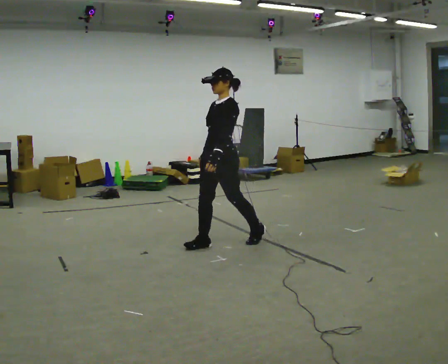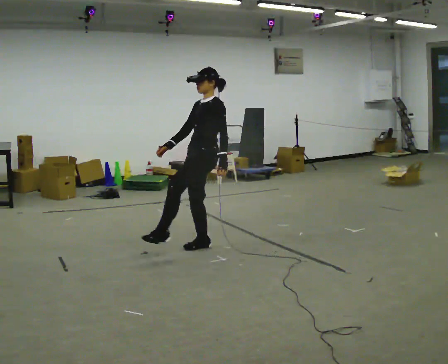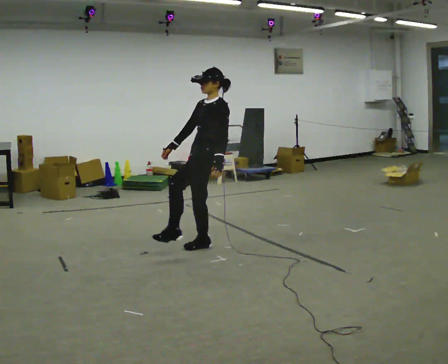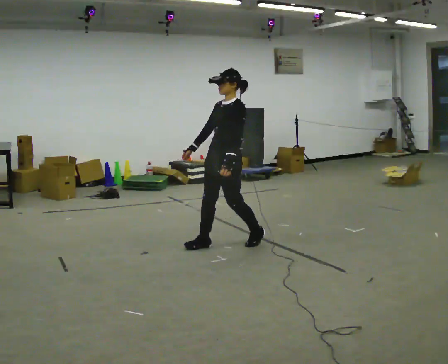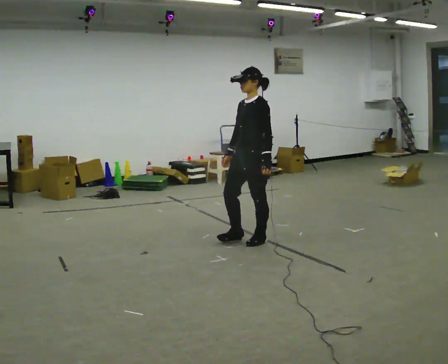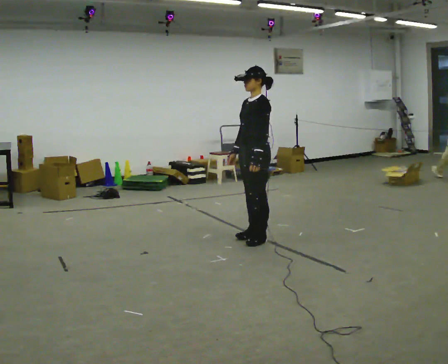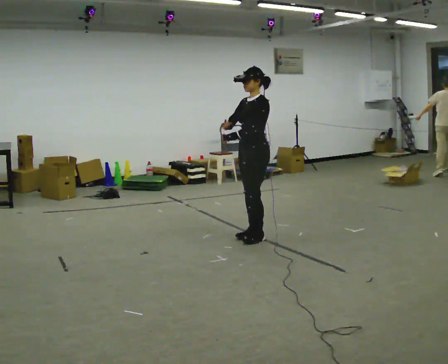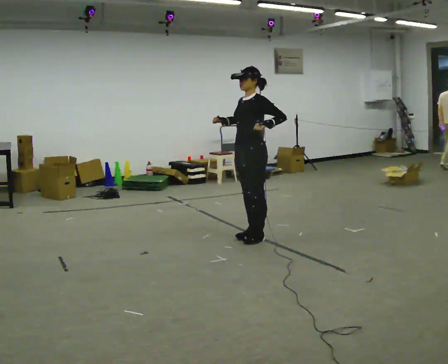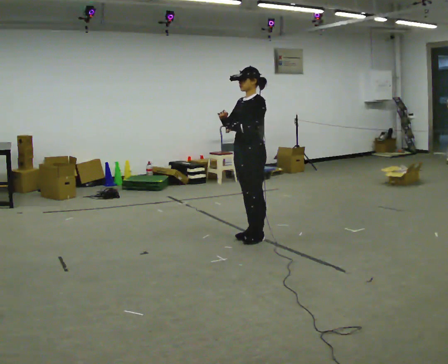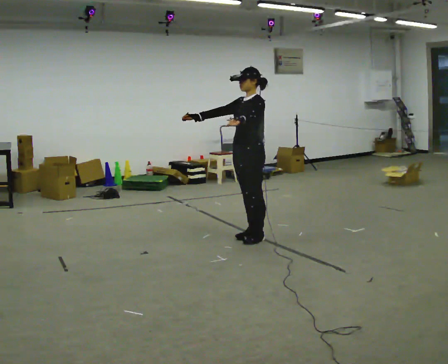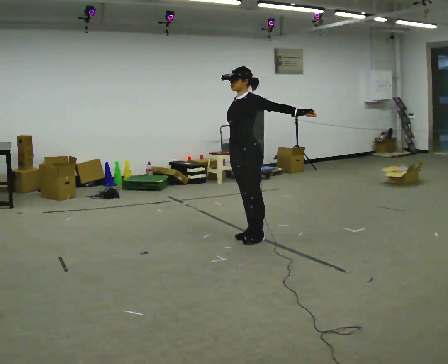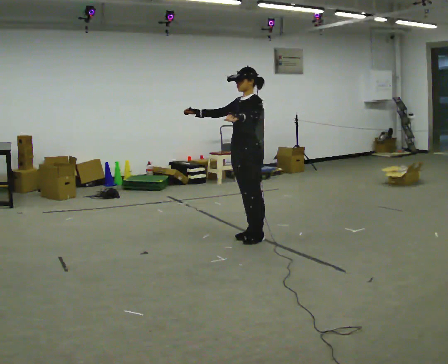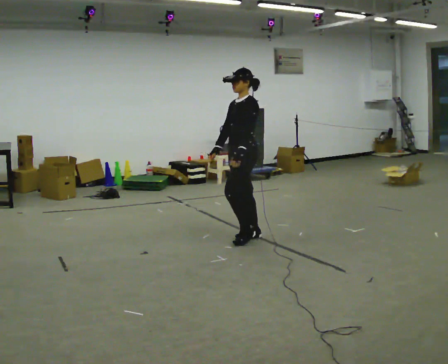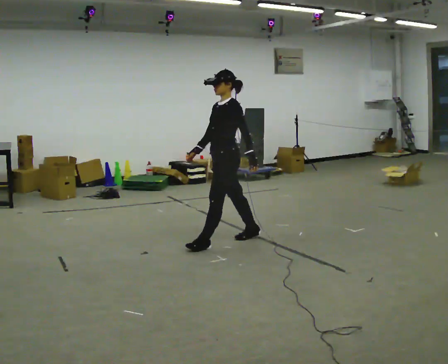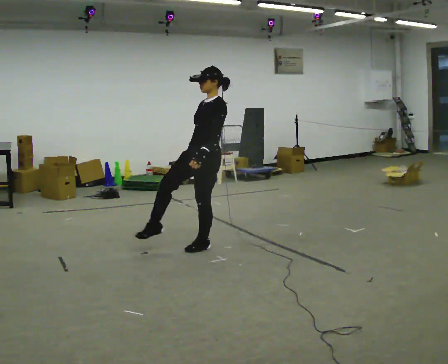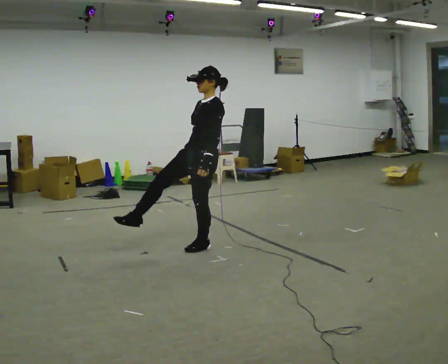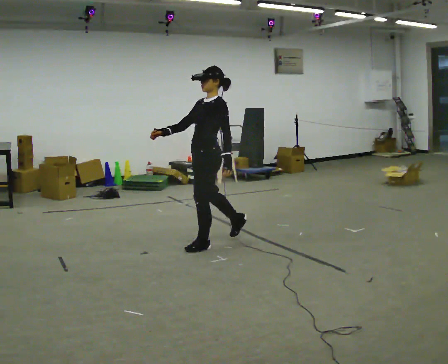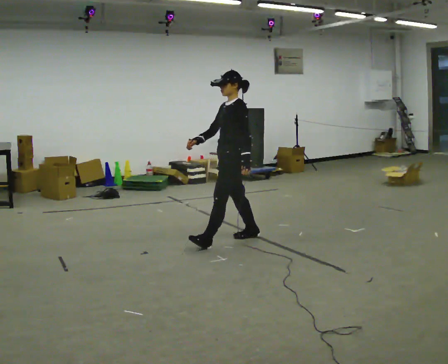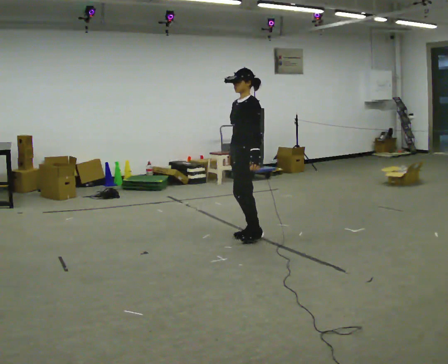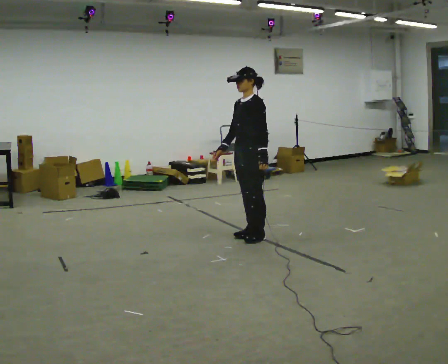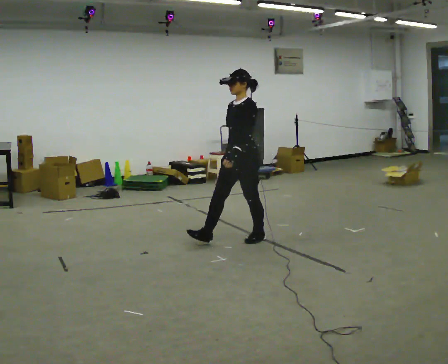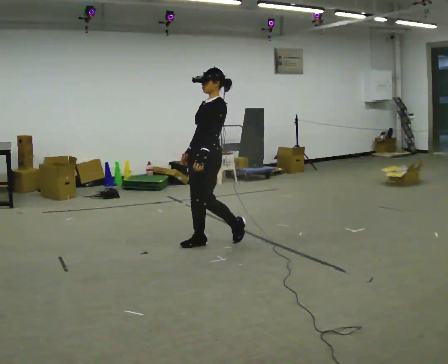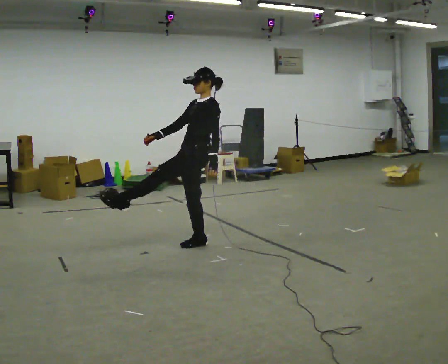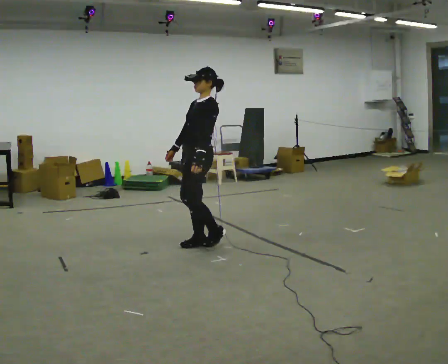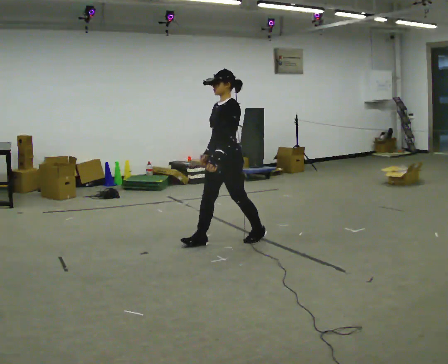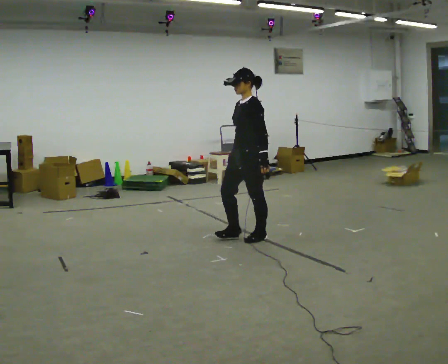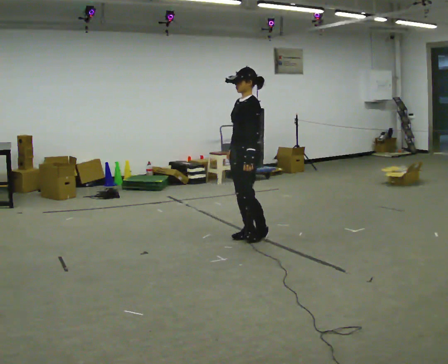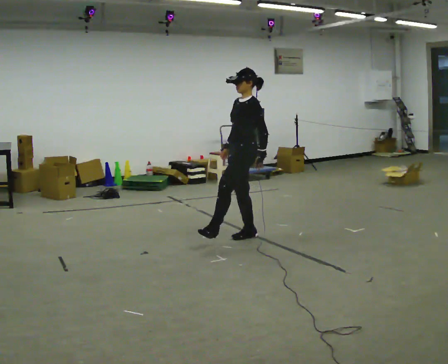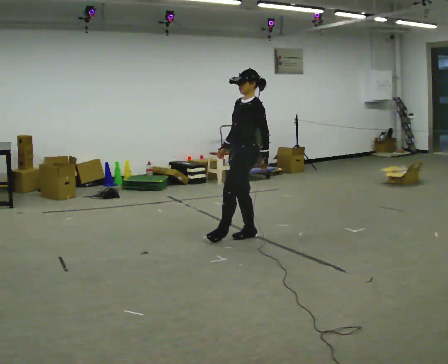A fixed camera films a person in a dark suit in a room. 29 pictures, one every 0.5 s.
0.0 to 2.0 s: In the picture they go to the right, about 0.25 m in 2 steps, which for them is backward and to their left.
2.0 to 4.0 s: In the picture their right hand goes upward.
4.0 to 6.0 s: In the picture their right hand goes downward.
6.0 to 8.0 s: In the picture they go to the left and toward the camera, about 0.5 m in 2 steps, which for them is forward.
8.0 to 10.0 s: In the picture they go to the right and away from the camera, about 0.25 m in 2 steps, which for them is backward.
10.0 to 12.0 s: The person moves a little, or ends about where they began.
12.0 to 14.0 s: In the picture they go away from the camera and to the right, about 0.25 m in 2 steps, which for them is backward. In the picture their left hand goes to the right.
The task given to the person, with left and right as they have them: Dance freely at a slow tempo as if to slow music; keep moving continuously.
The film runs forward here.
